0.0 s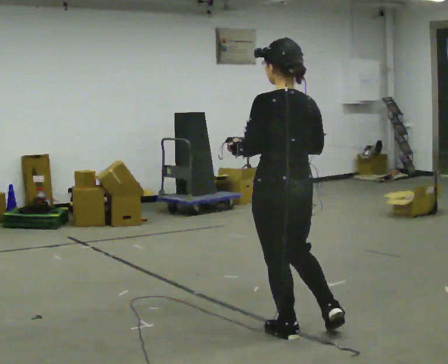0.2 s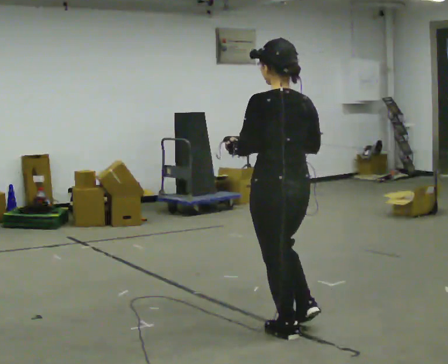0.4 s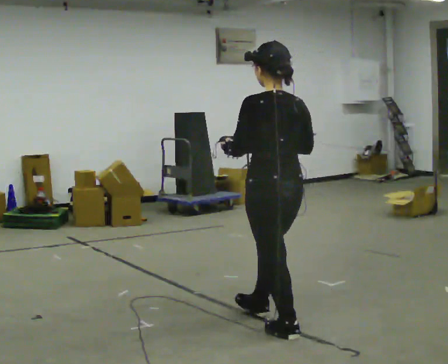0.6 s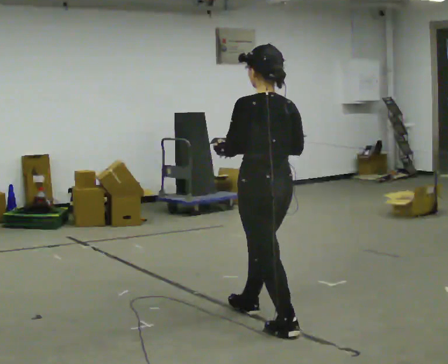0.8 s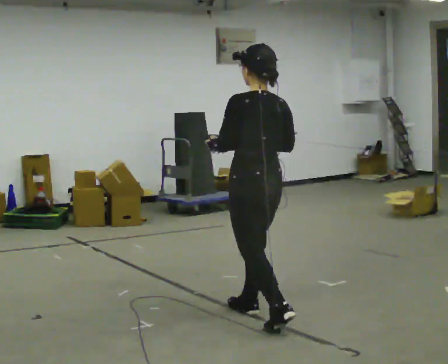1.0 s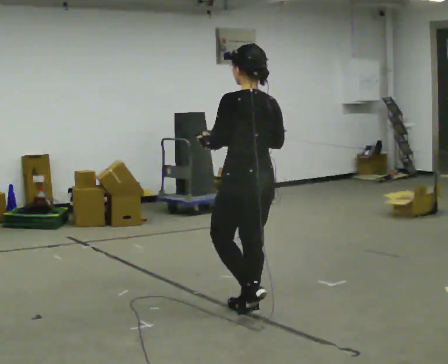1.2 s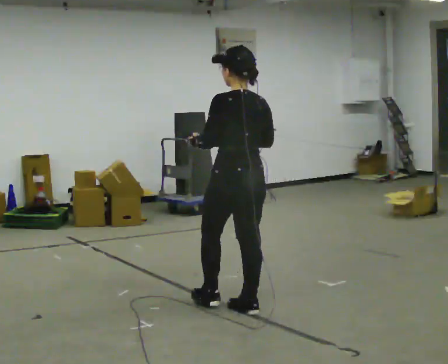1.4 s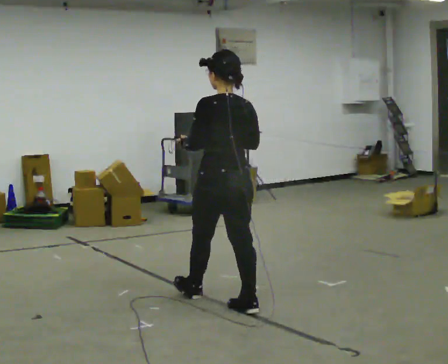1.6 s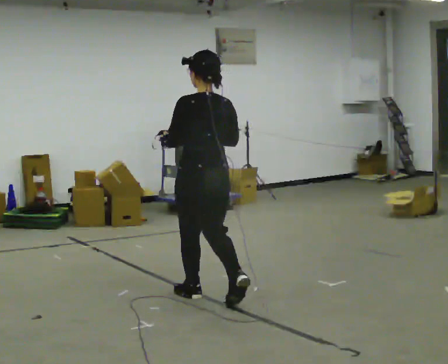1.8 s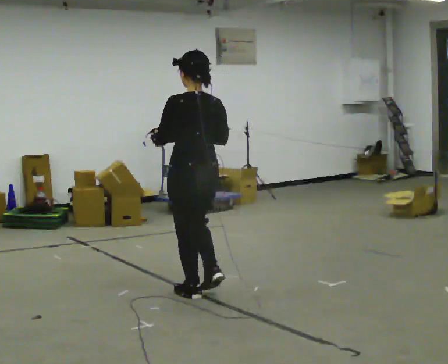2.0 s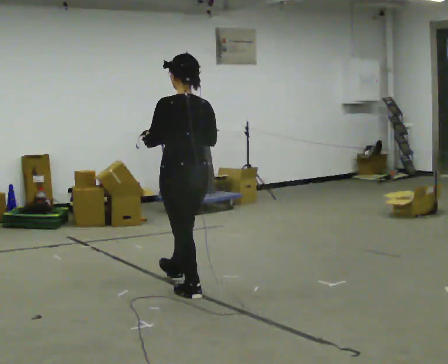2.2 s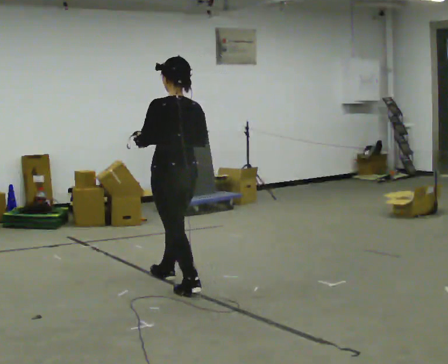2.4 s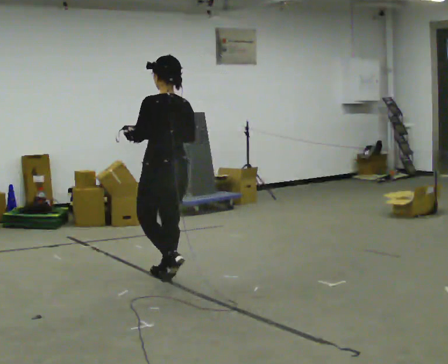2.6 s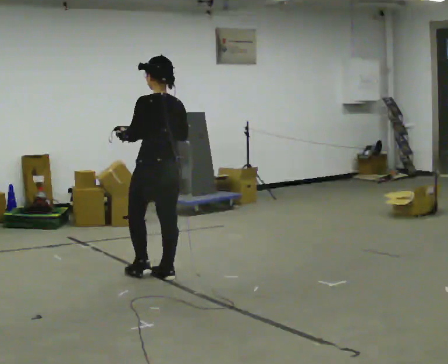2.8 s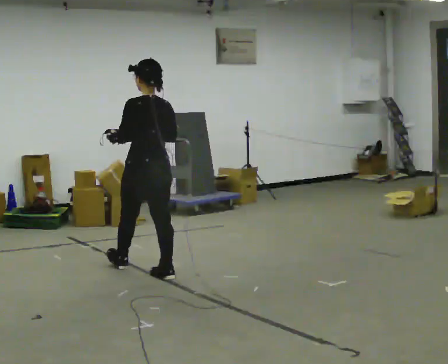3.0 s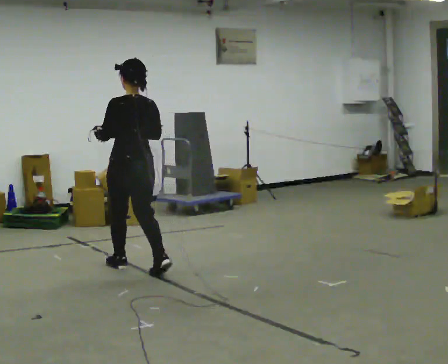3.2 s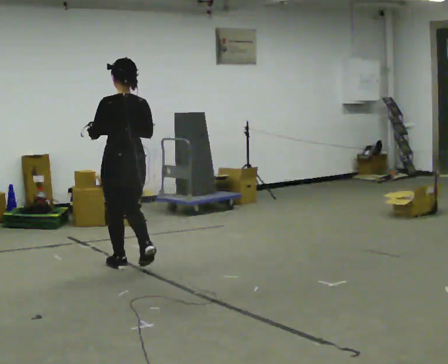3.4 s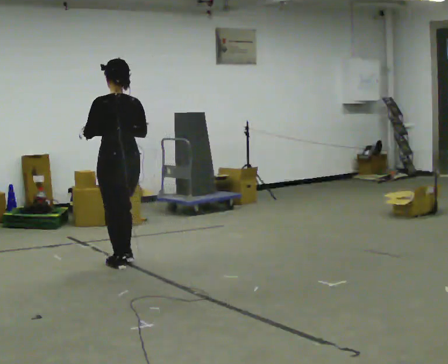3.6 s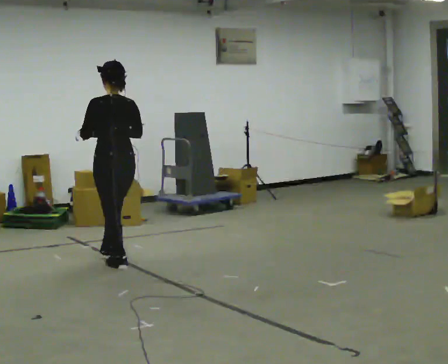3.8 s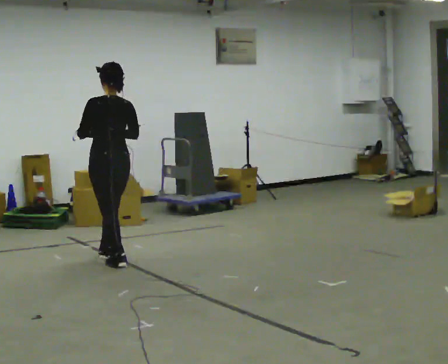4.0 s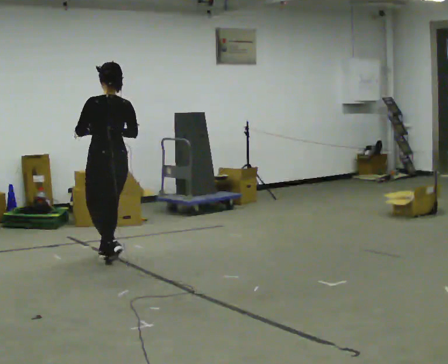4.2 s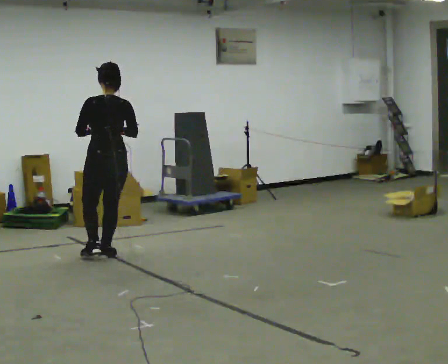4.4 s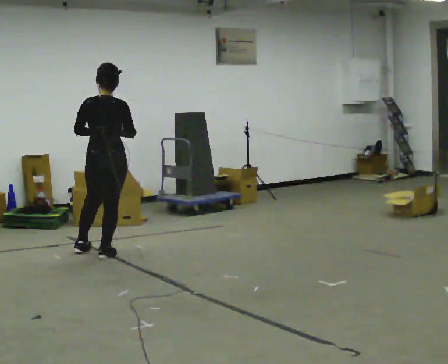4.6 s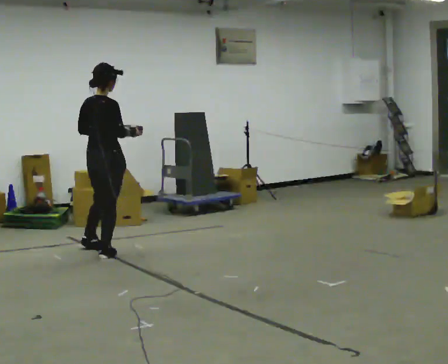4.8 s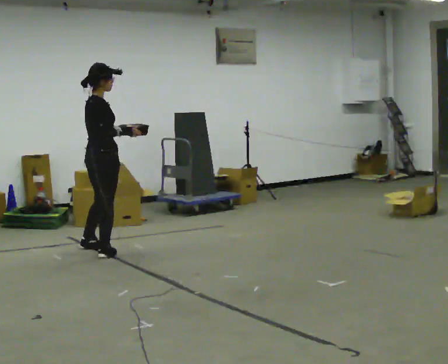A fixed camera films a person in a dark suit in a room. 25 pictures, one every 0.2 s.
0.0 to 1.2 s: In the picture they go away from the camera and to the left, about 0.5 m in 1 step, which for them is forward.
1.2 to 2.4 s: In the picture they go away from the camera and to the left, about 1 m in 2 steps, which for them is forward.
2.4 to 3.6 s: In the picture they go away from the camera and to the left, about 0.75 m in 1 step, which for them is forward.
3.6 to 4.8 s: Seen from above the body turns clockwise, about 105 degrees: to their right, with its near side sliding to the left. In the picture they go away from the camera and to the left, about 0.5 m in 2 steps.
The film runs forward here.
